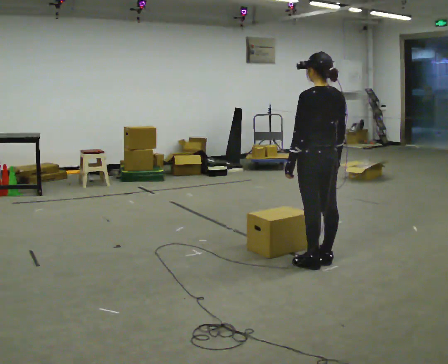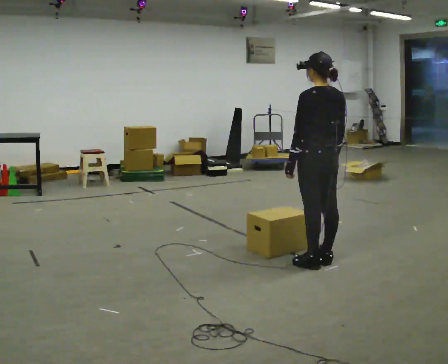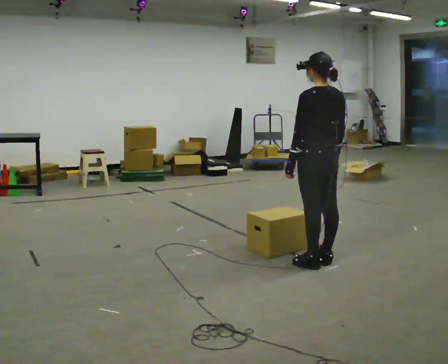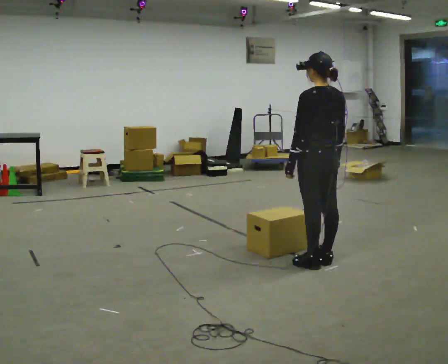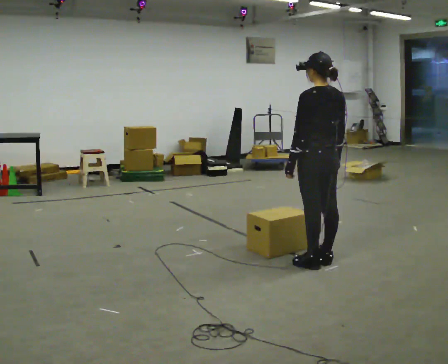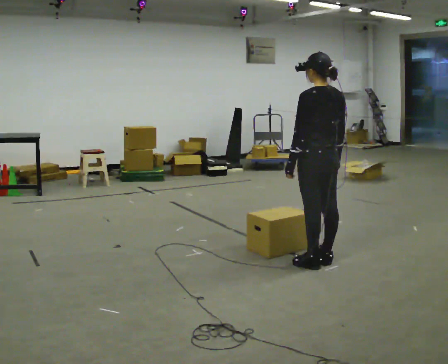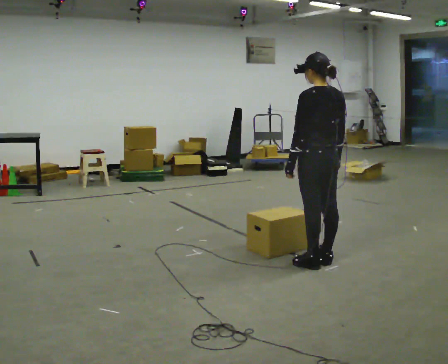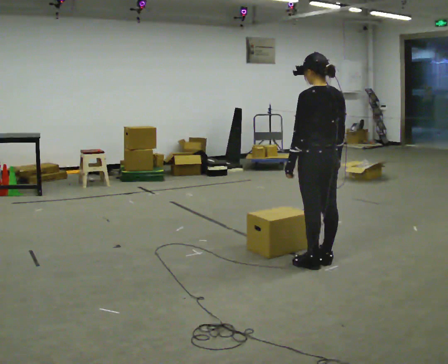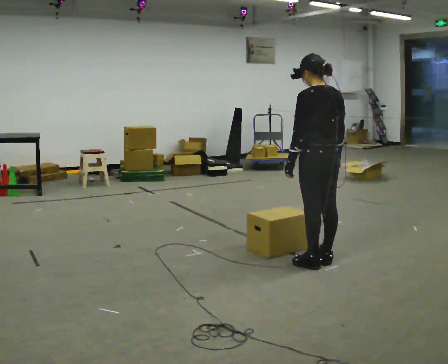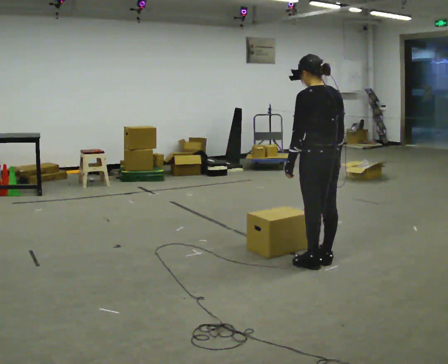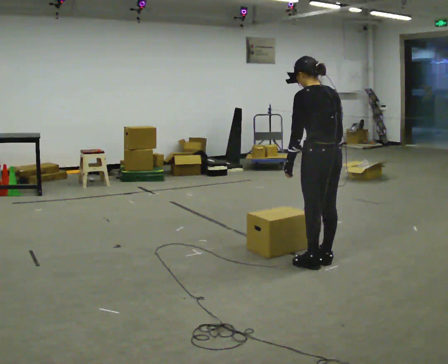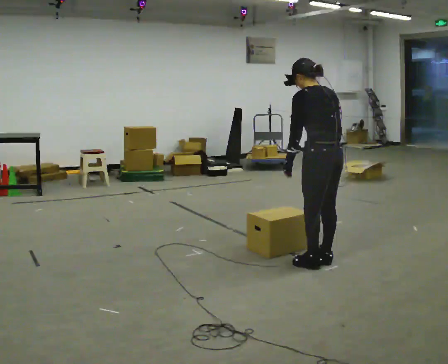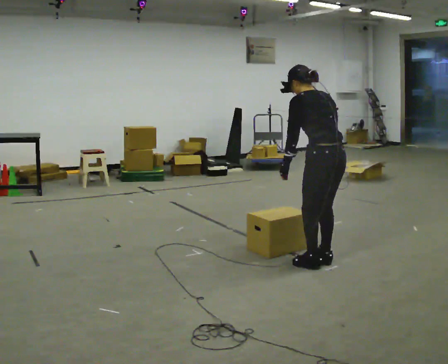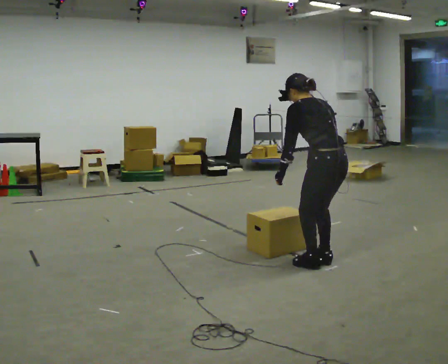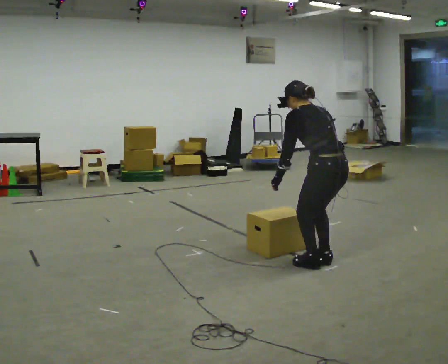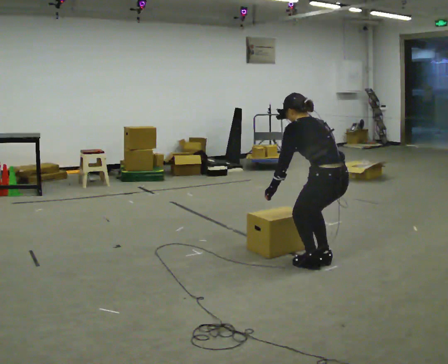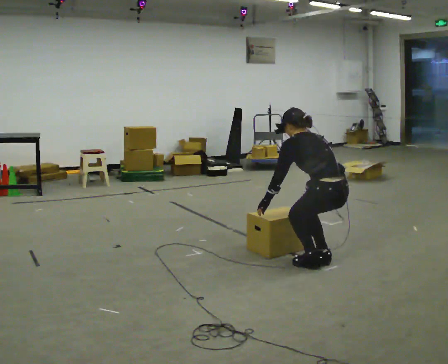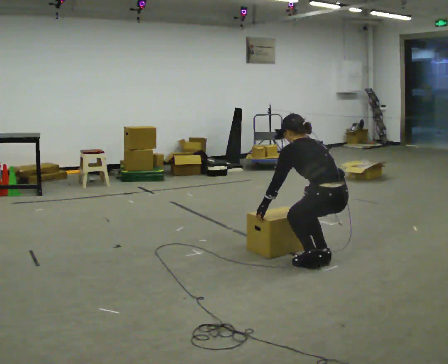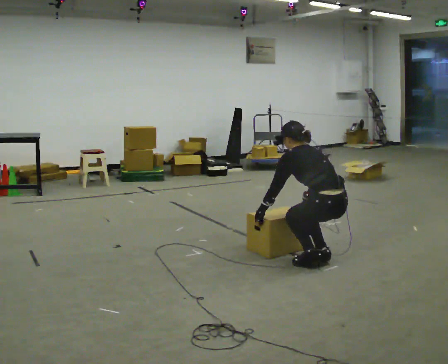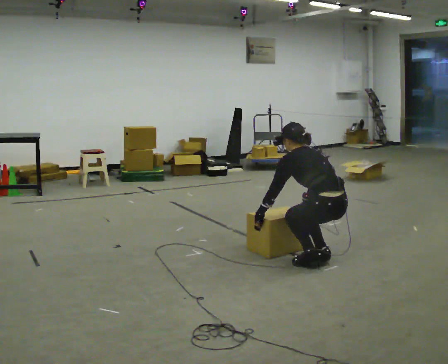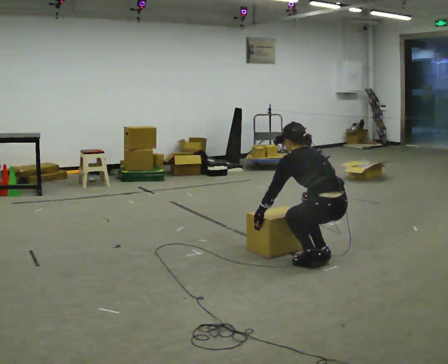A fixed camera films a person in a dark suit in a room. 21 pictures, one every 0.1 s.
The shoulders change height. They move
downward.
Their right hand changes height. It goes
downward.
0.0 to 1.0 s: The person moves a little, or ends about where they began.
1.0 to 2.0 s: The upper body goes downward. The upper body tips away from the camera, its near side rolling upward, as they bend forward. In the picture their left hand goes downward.
The film runs forward here.
